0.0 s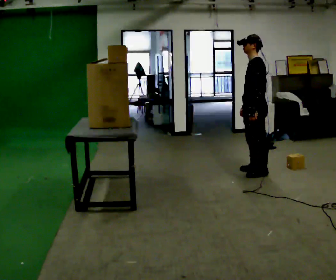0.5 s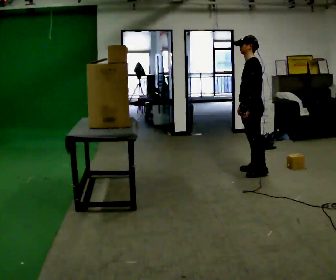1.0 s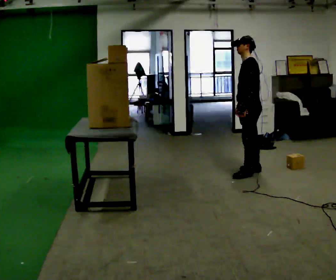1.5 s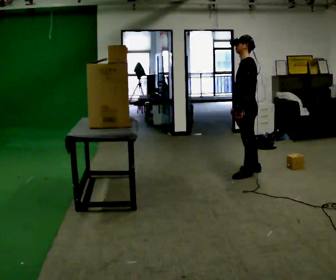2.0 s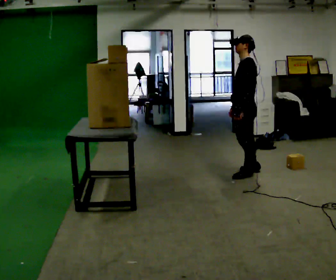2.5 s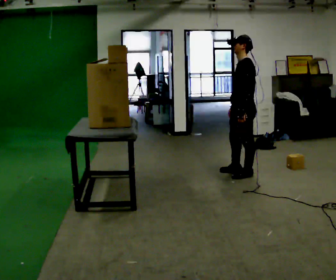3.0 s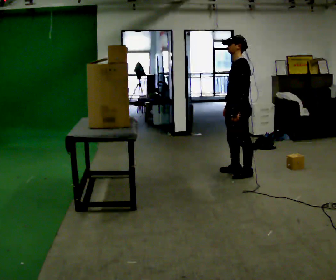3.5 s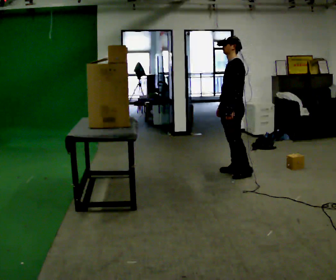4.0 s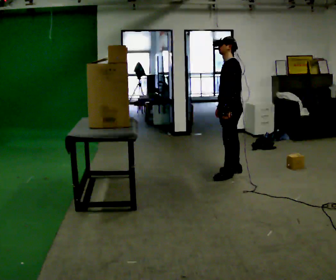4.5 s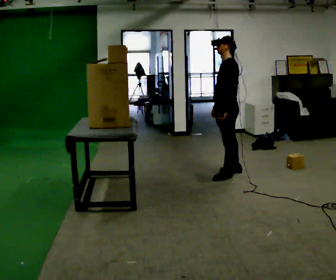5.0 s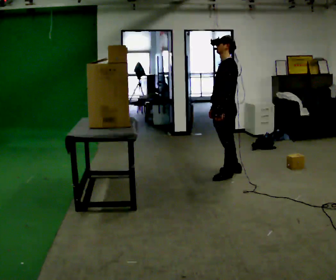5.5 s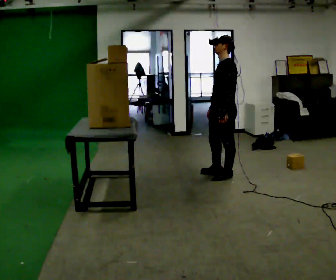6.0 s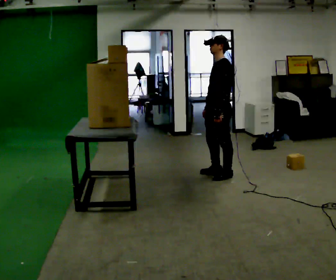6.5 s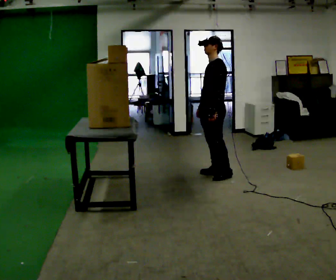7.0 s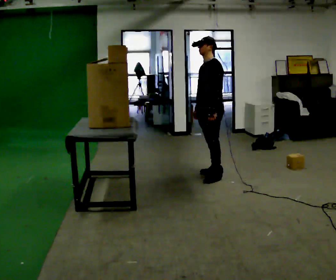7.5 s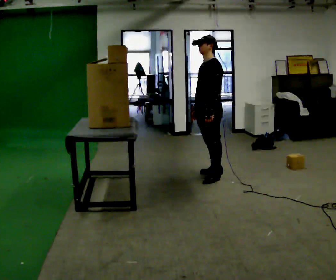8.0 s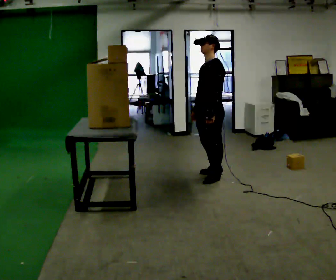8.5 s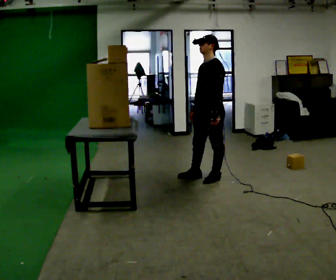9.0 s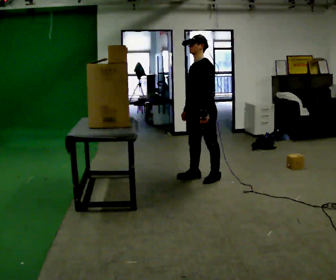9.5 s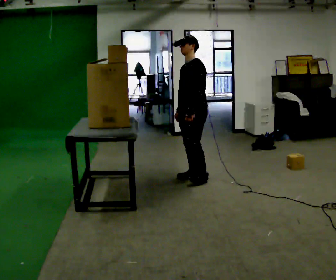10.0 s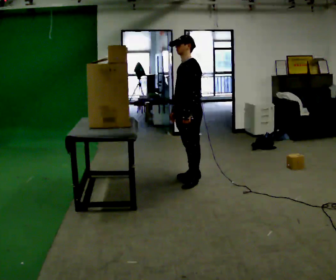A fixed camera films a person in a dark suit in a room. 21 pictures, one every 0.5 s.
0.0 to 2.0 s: The person moves a little, or ends about where they began.
2.0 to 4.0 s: In the picture they go away from the camera and to the left, about 0.25 m in 2 steps, which for them is to their right.
4.0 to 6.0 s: In the picture they go toward the camera, about 0.25 m in 1 step, which for them is forward.
6.0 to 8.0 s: The person moves a little, or ends about where they began.
8.0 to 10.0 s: In the picture they go to the left, about 0.25 m in 2 steps, which for them is forward and to their right.
The film runs forward here.
